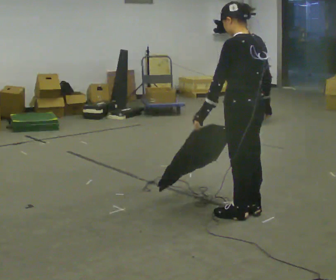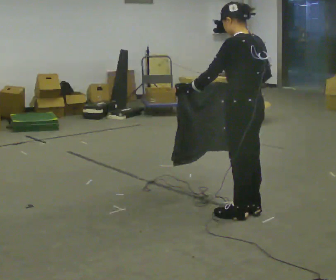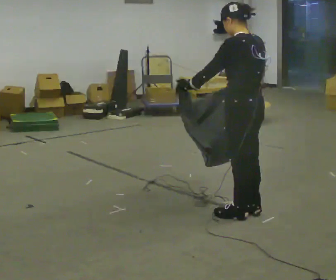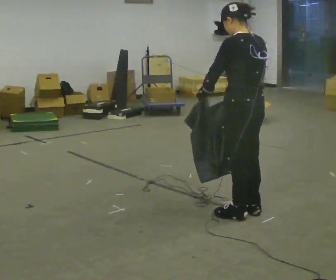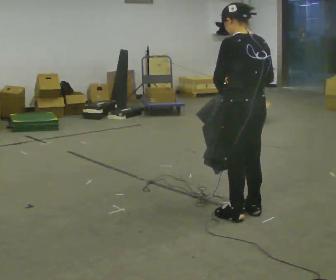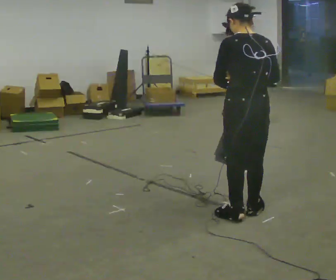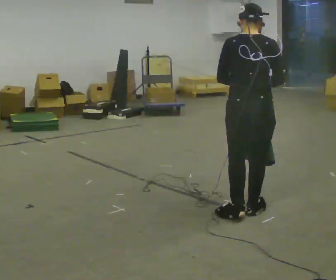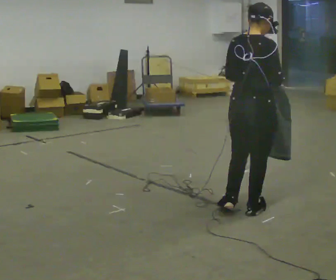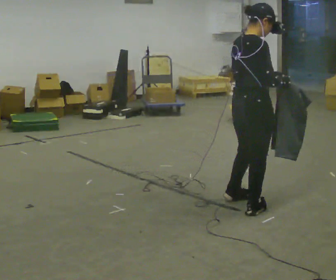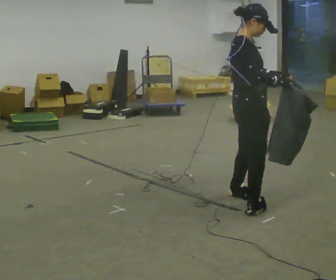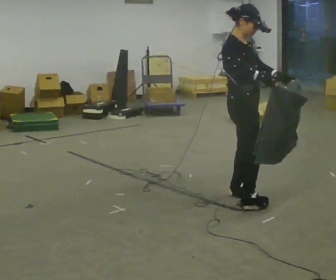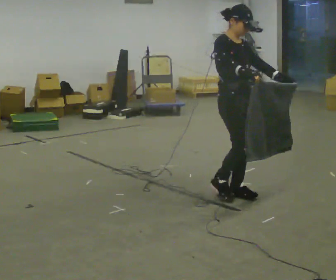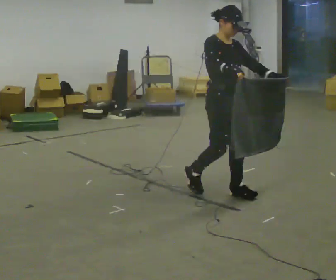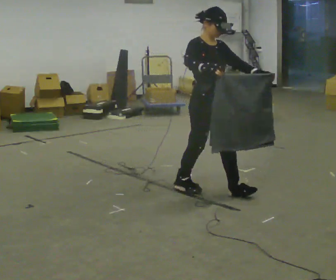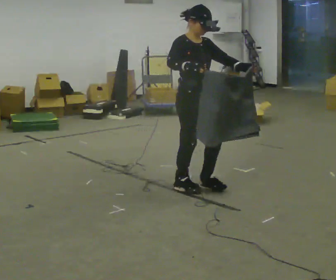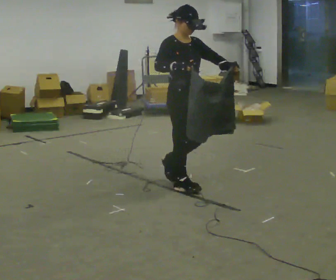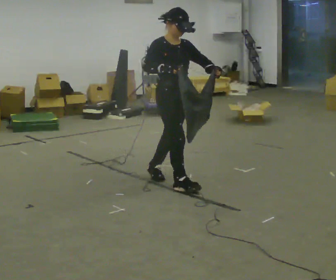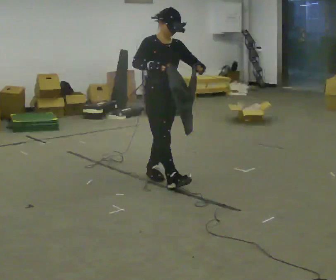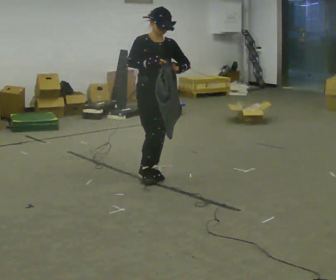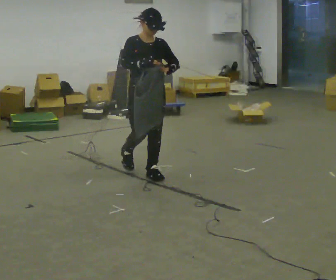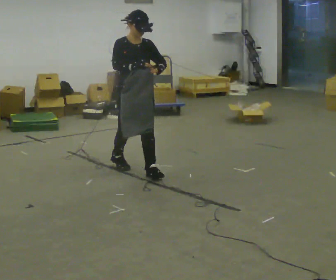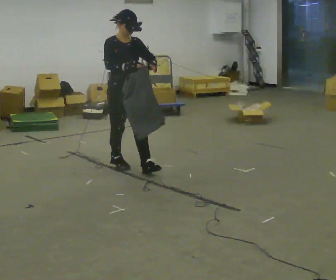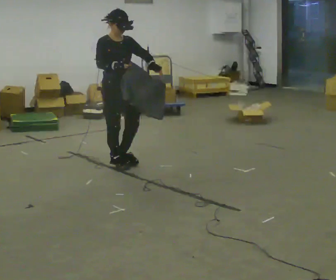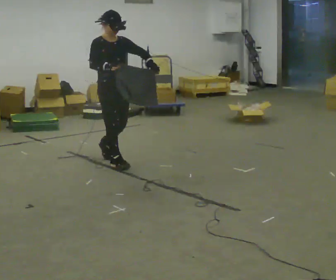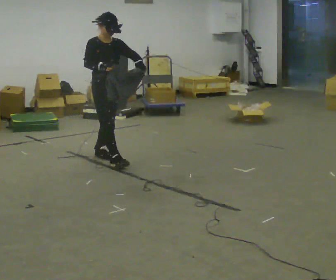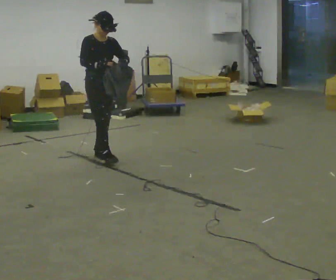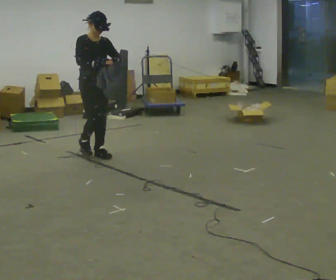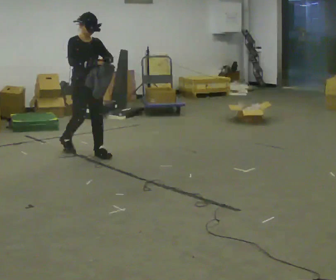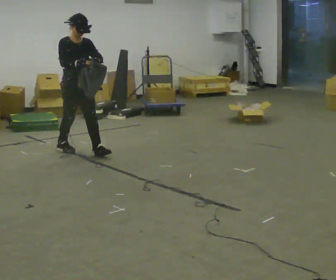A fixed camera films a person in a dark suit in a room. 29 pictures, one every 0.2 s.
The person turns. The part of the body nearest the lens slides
to the left.
The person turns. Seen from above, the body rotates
clockwise.
0.0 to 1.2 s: The person turns about 45 degrees to their right, clockwise seen from above, so the part of the body nearest the lens slides to the left.
1.2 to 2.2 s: The person turns about 120 degrees to their right, clockwise seen from above, so the part of the body nearest the lens slides to the left. In the picture they go away from the camera, about 0.5 m in 2 steps.
2.2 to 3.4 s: In the picture they go to the left and away from the camera, about 0.5 m in 2 steps, which for them is backward.
3.4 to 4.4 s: In the picture they go away from the camera and to the left, about 0.5 m in 1 step, which for them is backward.
4.4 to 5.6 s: In the picture they go away from the camera and to the left, about 0.75 m in 1 step, which for them is backward.
The film runs backward here.
